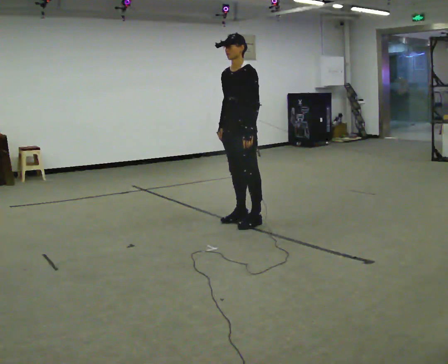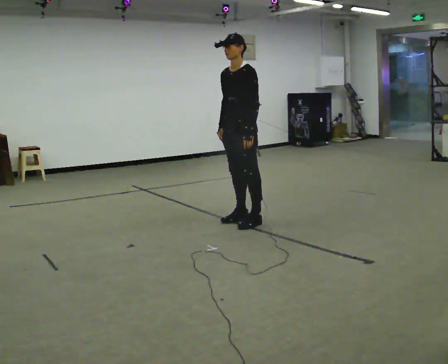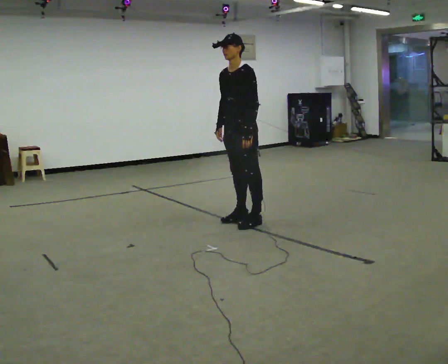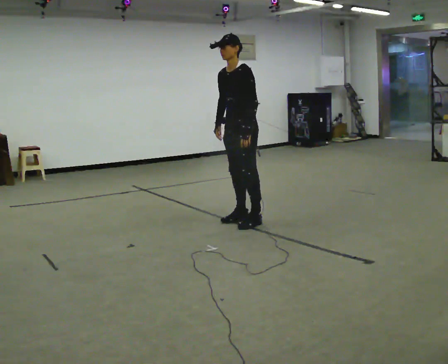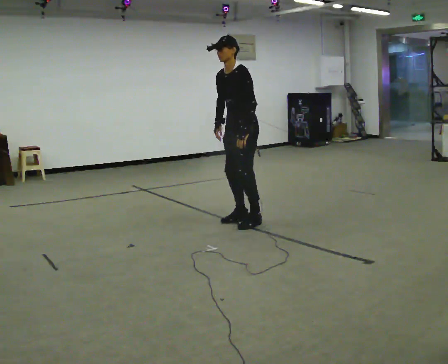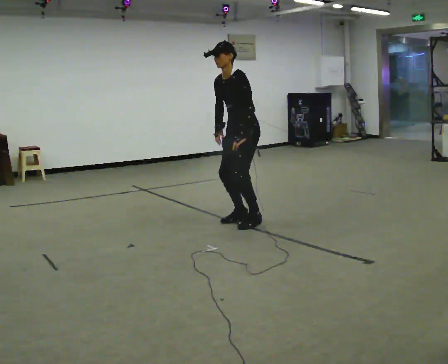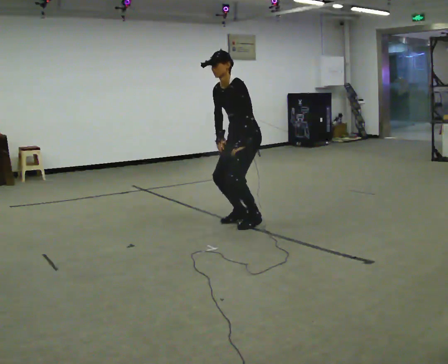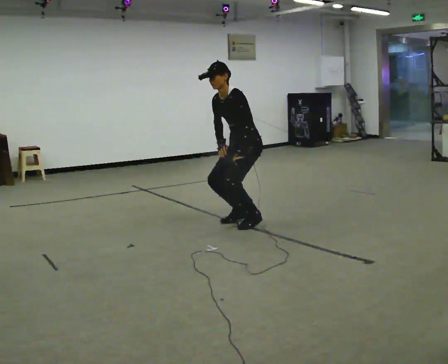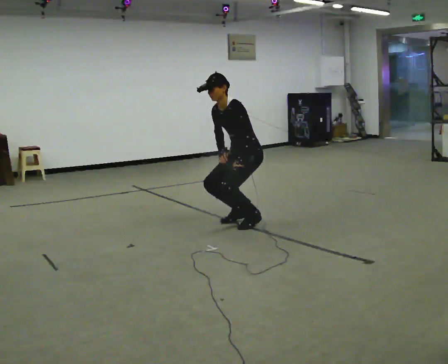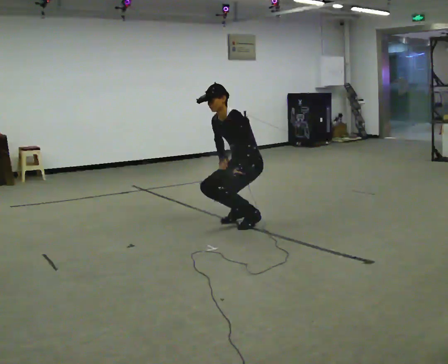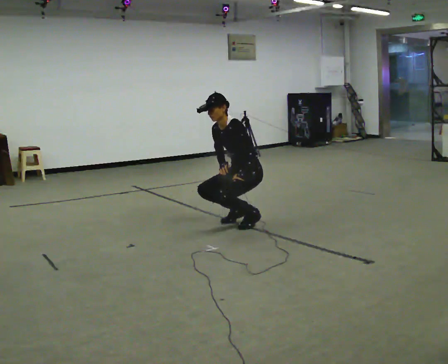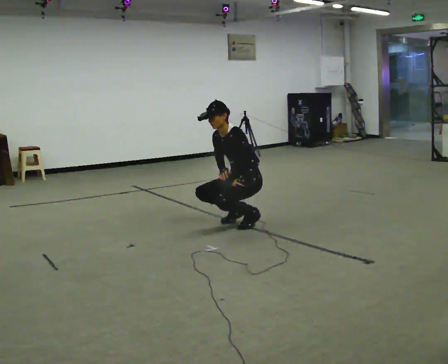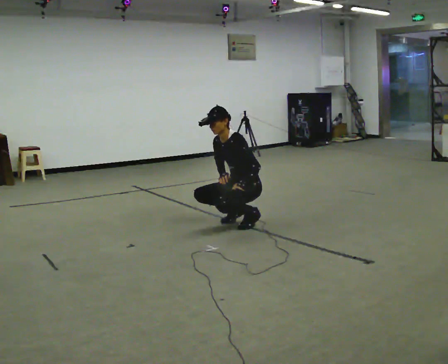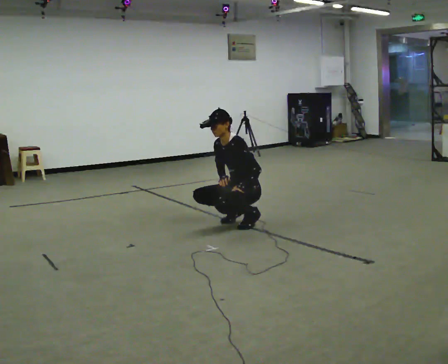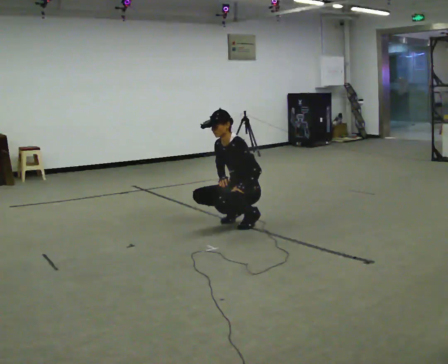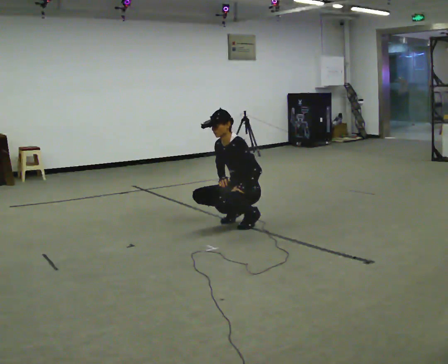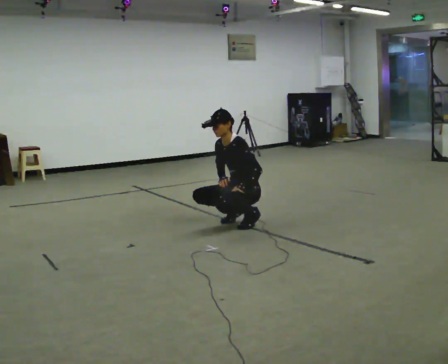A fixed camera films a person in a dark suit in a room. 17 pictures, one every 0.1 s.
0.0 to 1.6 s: The shoulders move downward. In the picture their right hand goes downward.
The film runs backward here.
